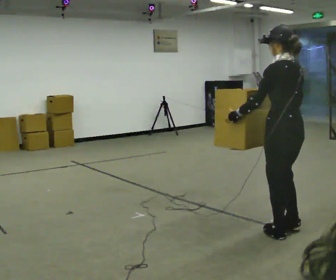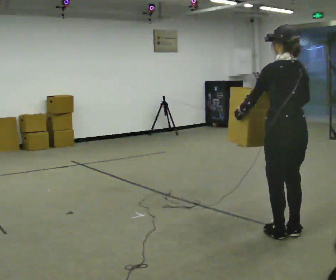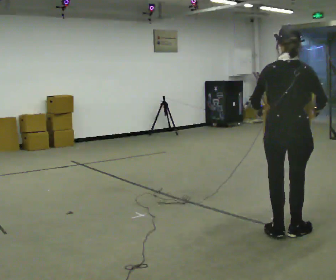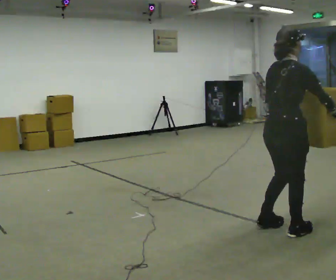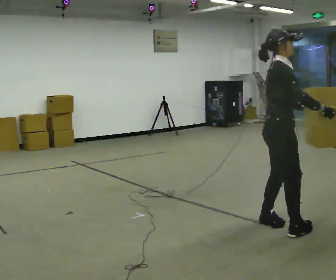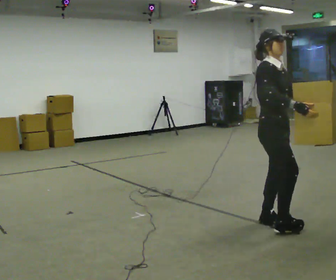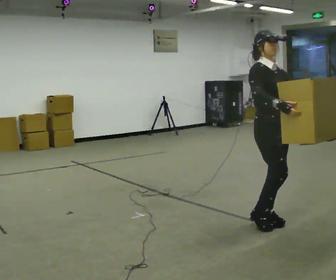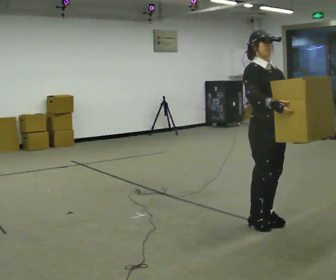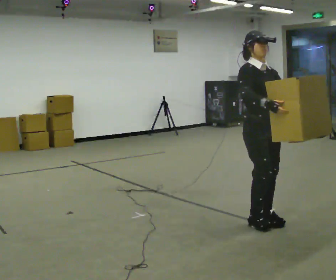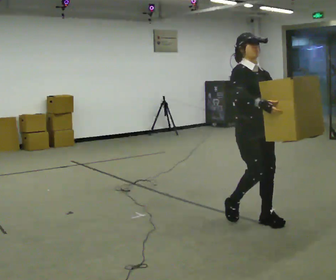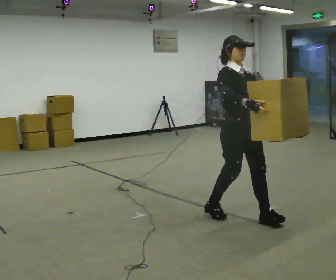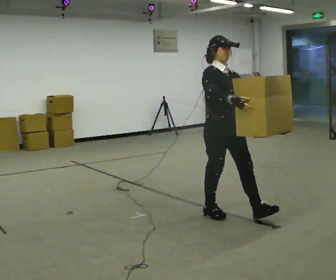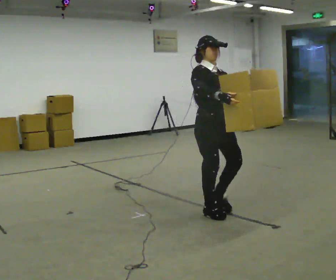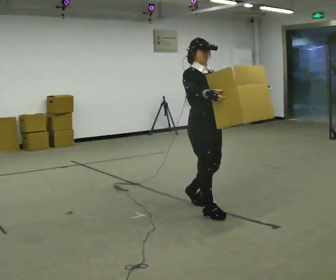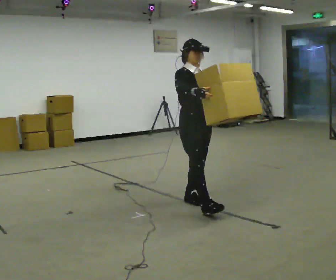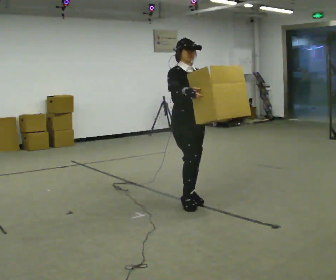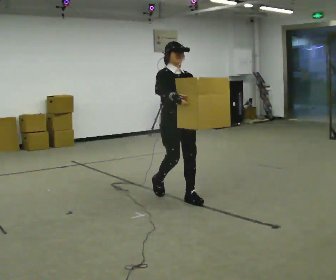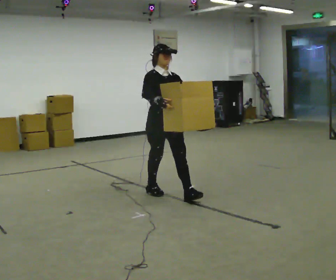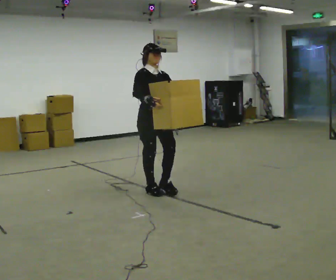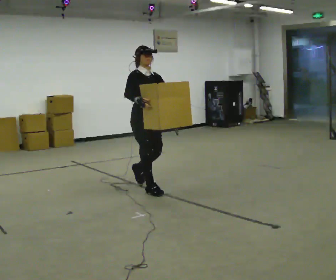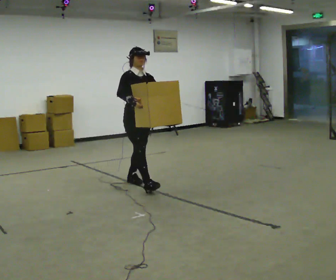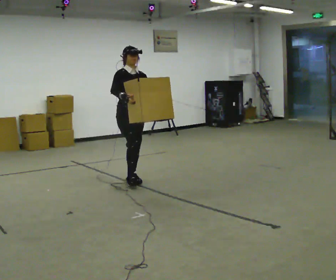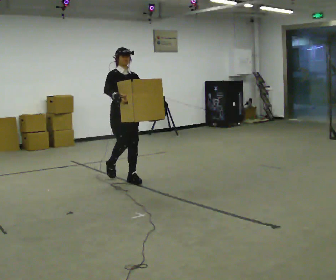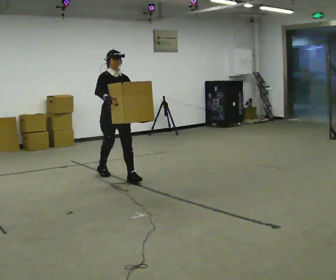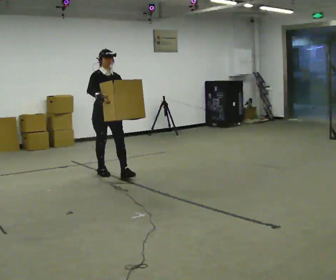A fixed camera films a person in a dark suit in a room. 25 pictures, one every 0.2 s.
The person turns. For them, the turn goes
to their right.
The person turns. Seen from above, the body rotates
clockwise.
0.0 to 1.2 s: Seen from above the body turns clockwise, about 180 degrees: to their right, with its near side sliding to the left. In the picture they go away from the camera, about 0.25 m in 2 steps.
1.2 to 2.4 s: In the picture they go to the left and away from the camera, about 0.5 m in 2 steps, which for them is backward.
2.4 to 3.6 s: In the picture they go away from the camera and to the left, about 1 m in 2 steps, which for them is backward.
3.6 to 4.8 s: In the picture they go away from the camera and to the left, about 1 m in 2 steps, which for them is backward.
The film runs backward here.
